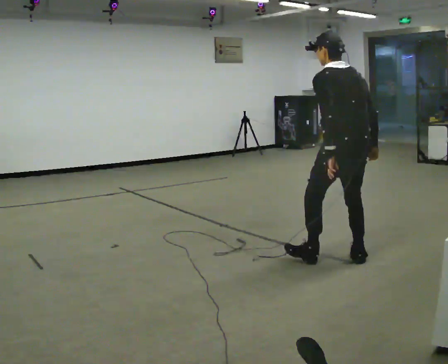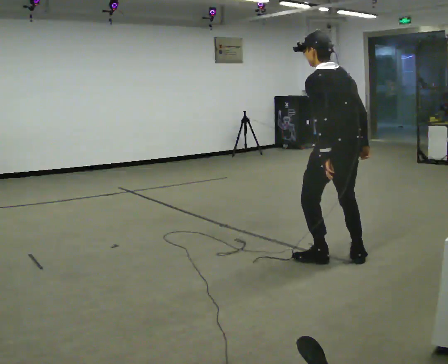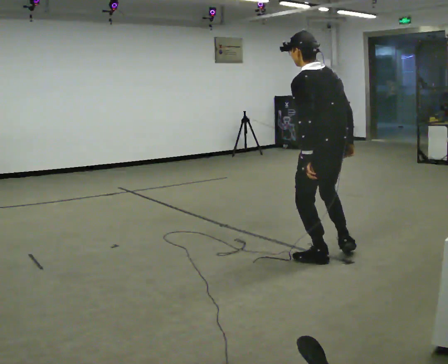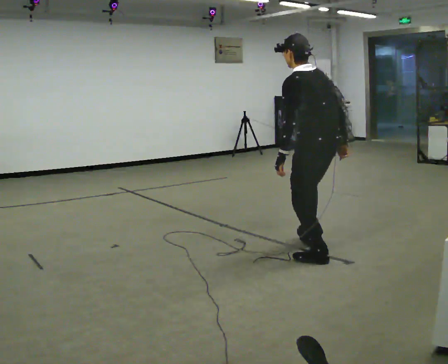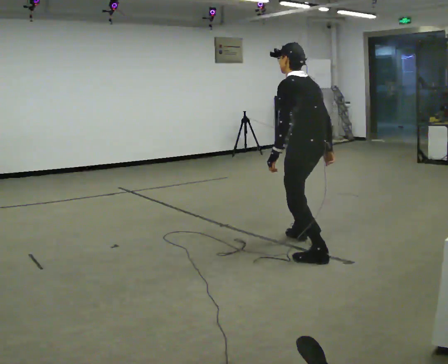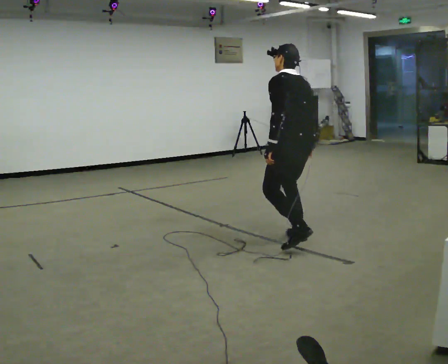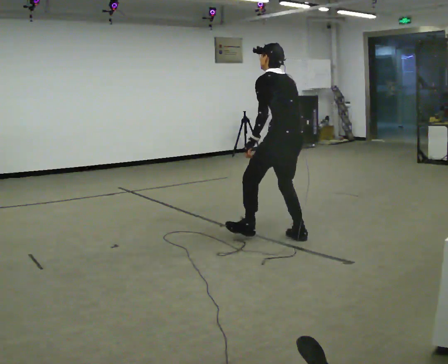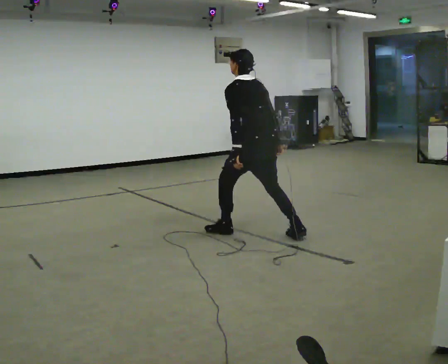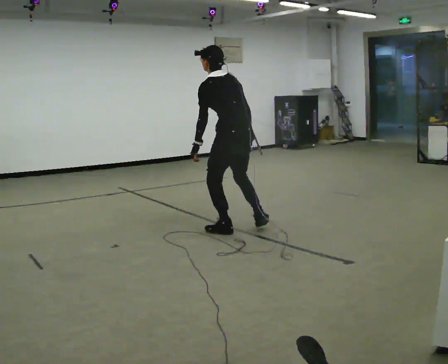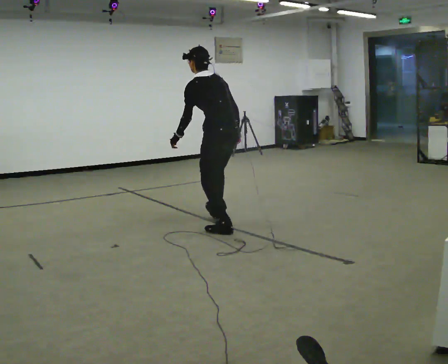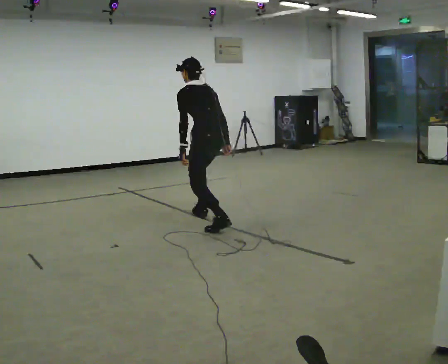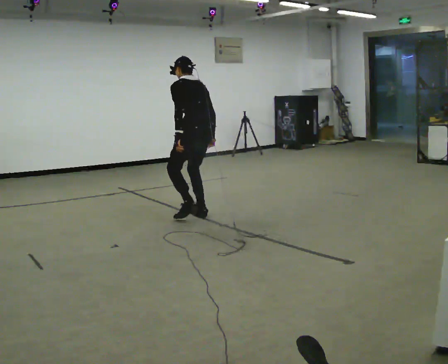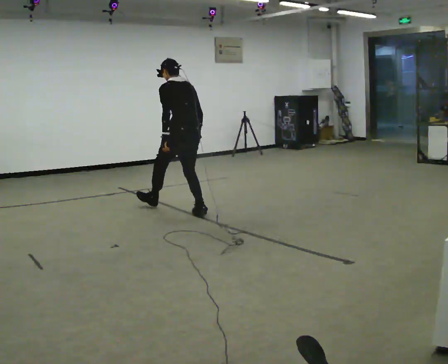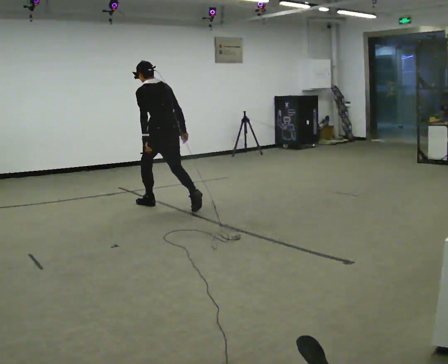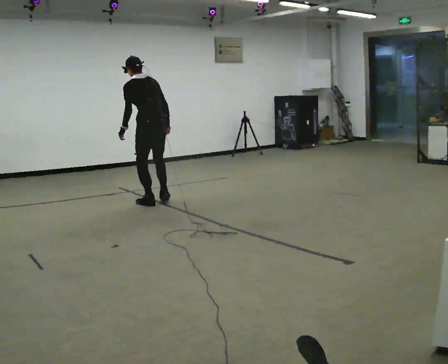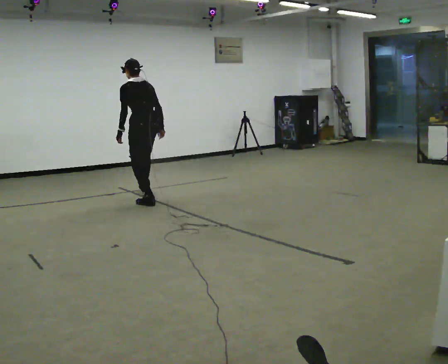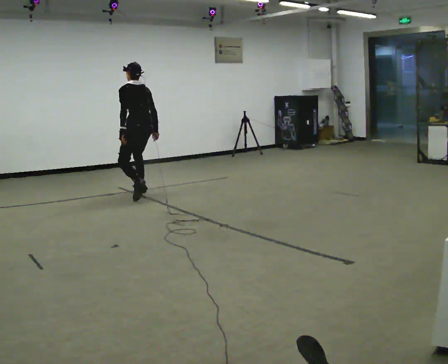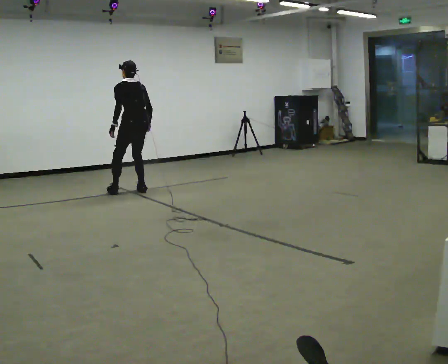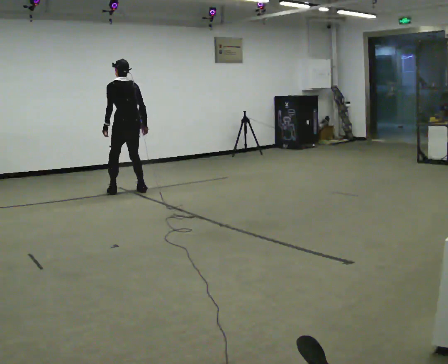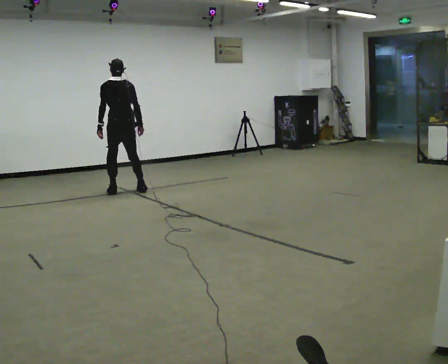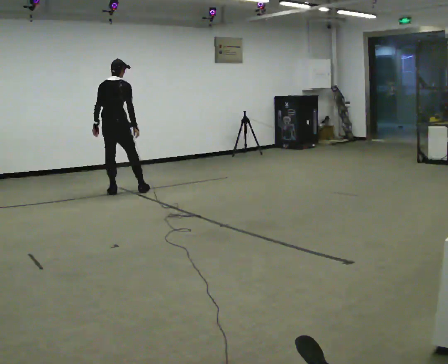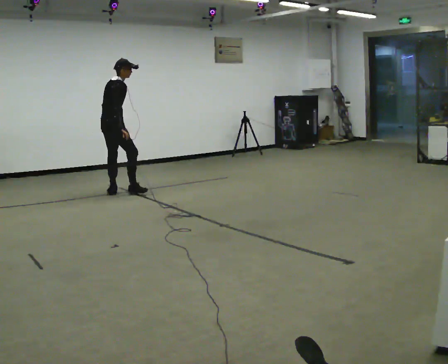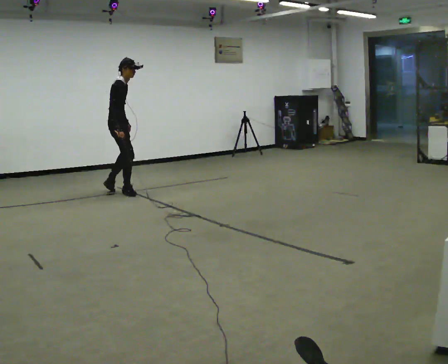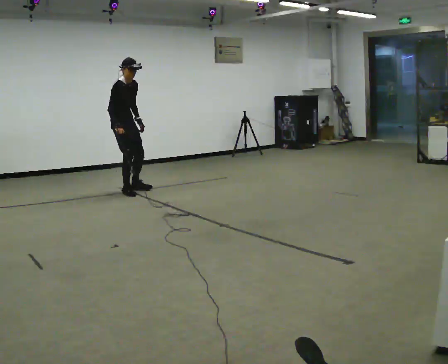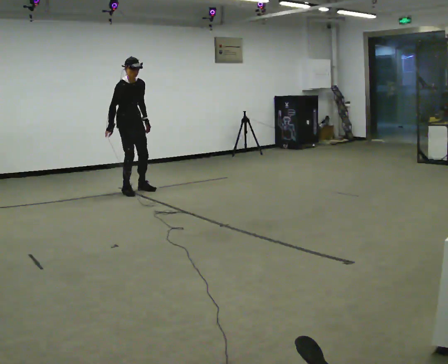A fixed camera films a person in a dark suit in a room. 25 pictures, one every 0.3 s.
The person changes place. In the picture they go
away from the camera.
0.0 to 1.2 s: In the picture they go away from the camera and to the left, about 0.5 m in 1 step, which for them is forward.
1.2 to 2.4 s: In the picture they go away from the camera and to the left, about 1 m in 1 step, which for them is forward.
2.4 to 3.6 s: In the picture they go away from the camera and to the left, about 1 m in 1 step, which for them is forward.
3.6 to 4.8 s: In the picture they go away from the camera and to the left, about 1 m in 2 steps, which for them is forward.
4.8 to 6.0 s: The person turns about 60 degrees to their right, clockwise seen from above, so the part of the body nearest the lens slides to the left. In the picture they go to the left, about 0.5 m in 1 step, which for them is to their left and forward. In the picture the upper body tilts clockwise, shoulders to the right.
6.0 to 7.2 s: The part of the body nearest the lens slides to the left as the person turns to their right by about 120 degrees. In the picture they go away from the camera, about 0.25 m in 2 steps. The upper body tips toward the camera, its near side rolling downward. In the picture their left hand goes to the right, the arm swinging counterclockwise.
The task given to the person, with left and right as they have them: Walk forward in a lowered crouched posture at a comfortable speed; do not go lower than is comfortable; stop.
The film runs forward here.
